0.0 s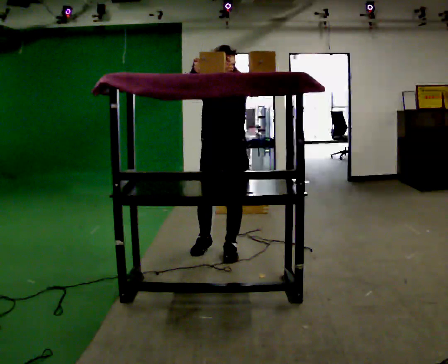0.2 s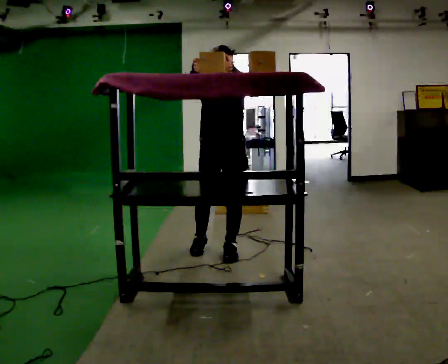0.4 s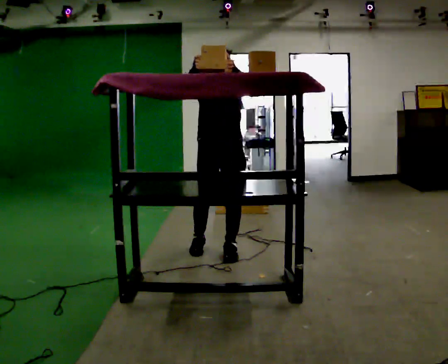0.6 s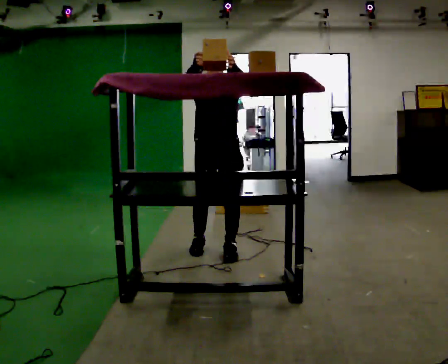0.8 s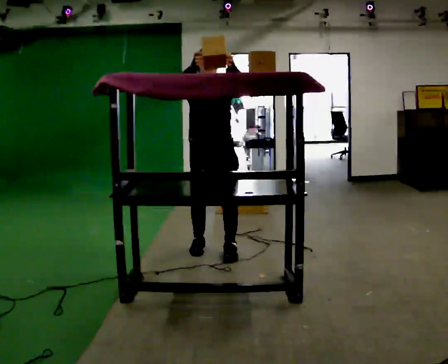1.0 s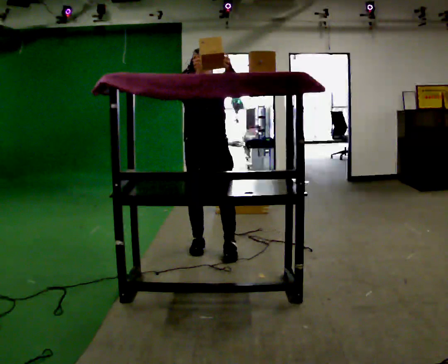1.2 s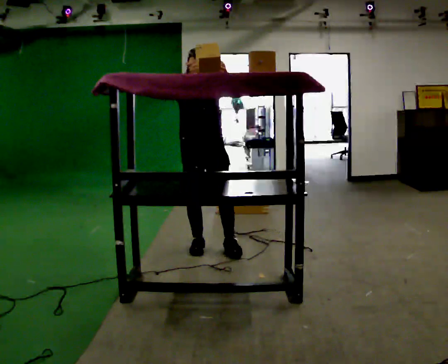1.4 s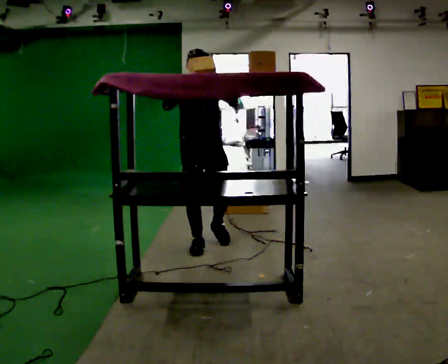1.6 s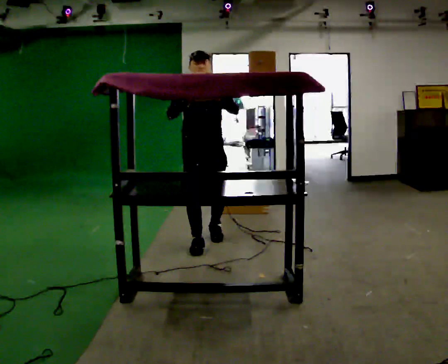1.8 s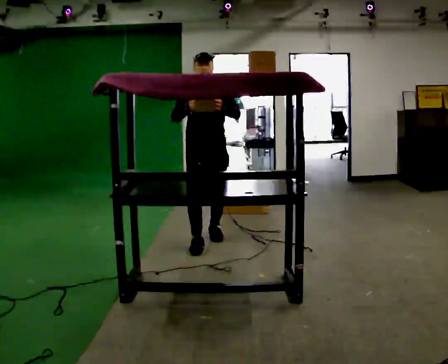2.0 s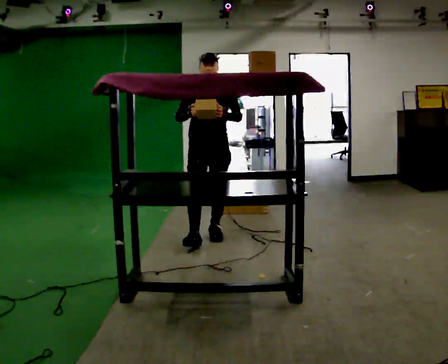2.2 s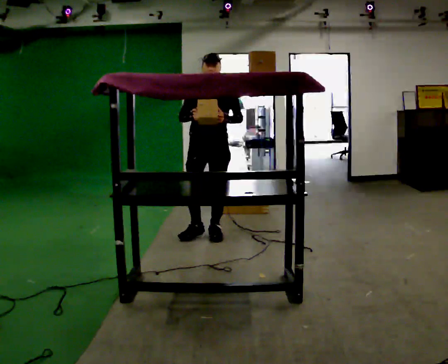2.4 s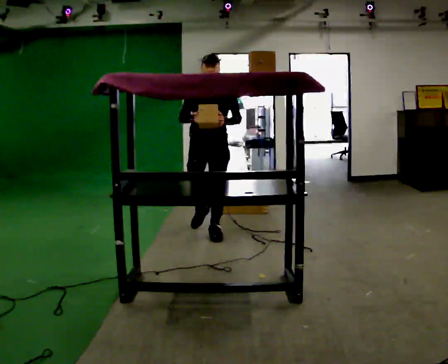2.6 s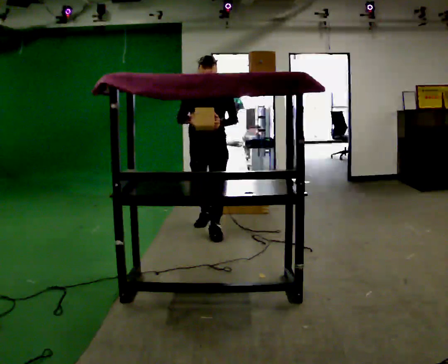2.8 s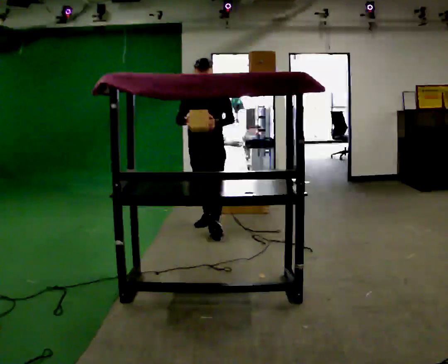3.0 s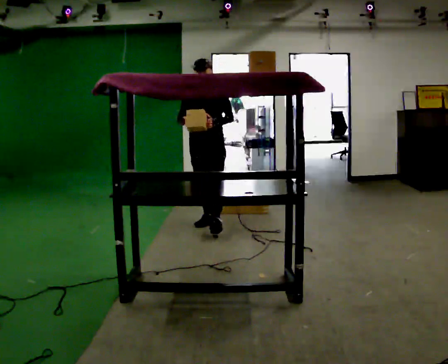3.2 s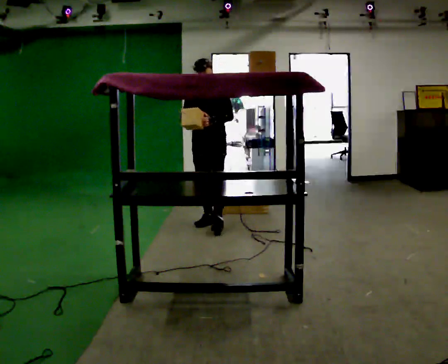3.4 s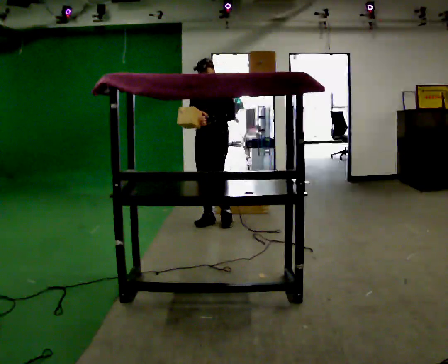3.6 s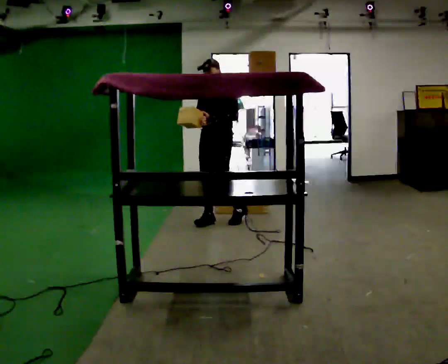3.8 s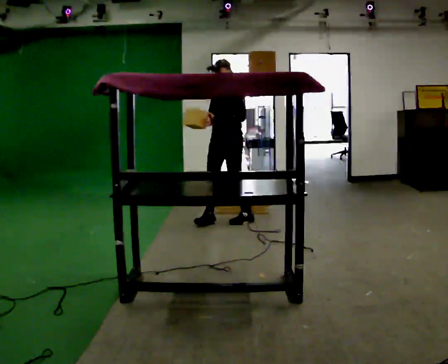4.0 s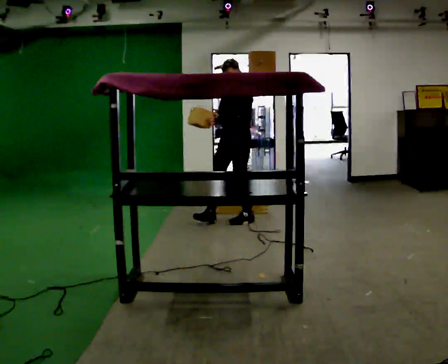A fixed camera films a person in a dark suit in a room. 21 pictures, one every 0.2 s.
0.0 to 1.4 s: In the picture they go away from the camera and to the left, about 0.25 m in 1 step, which for them is backward and to their right.
1.4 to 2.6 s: In the picture they go away from the camera, about 0.5 m in 1 step, which for them is backward. In the picture their left hand goes downward.
2.6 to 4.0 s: The part of the body nearest the lens slides to the left as the person turns to their right by about 45 degrees. In the picture they go away from the camera and to the right, about 0.5 m in 1 step, which for them is backward.
The film runs backward here.
